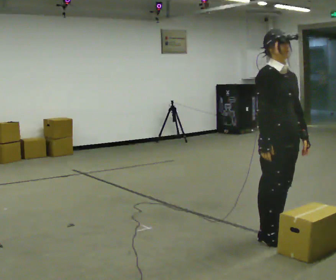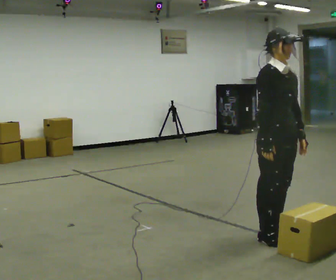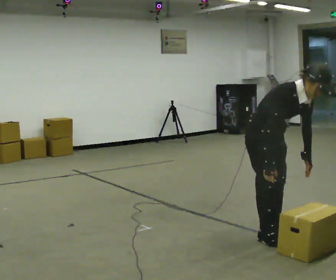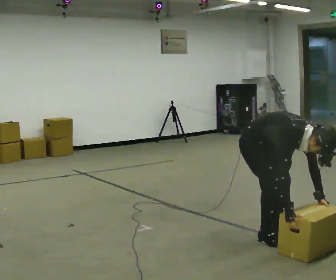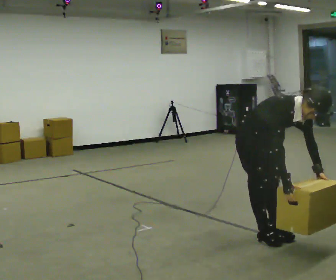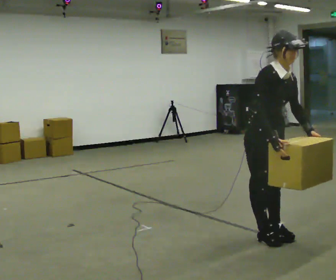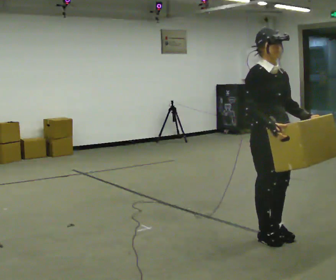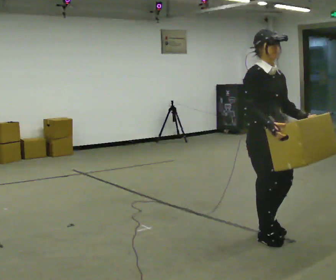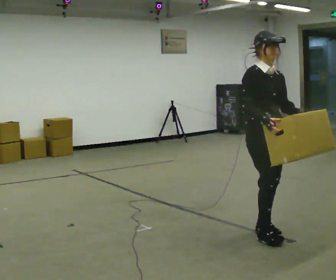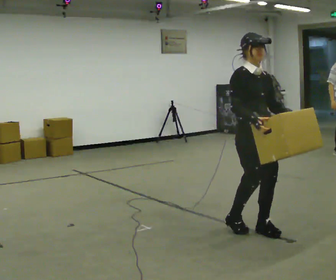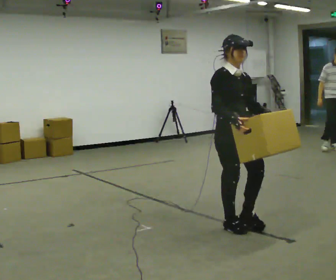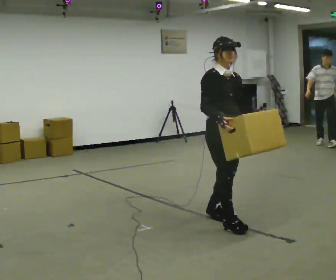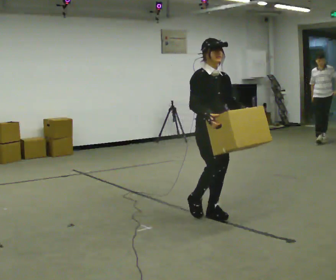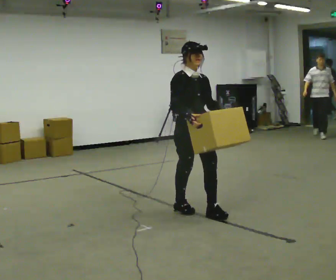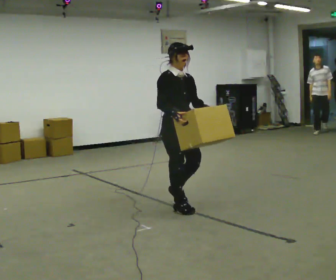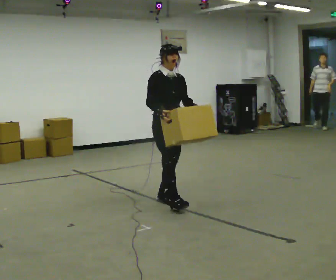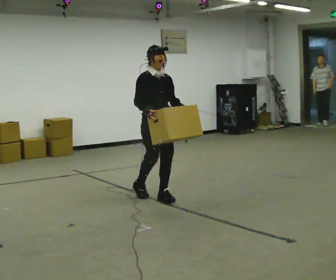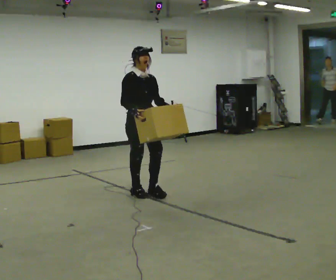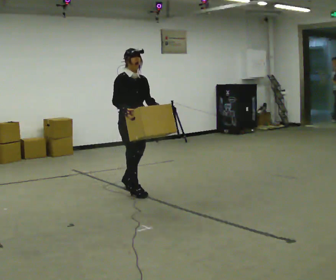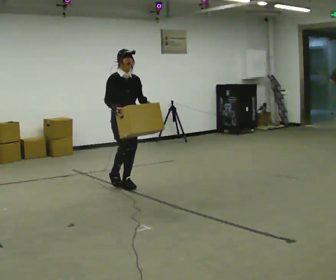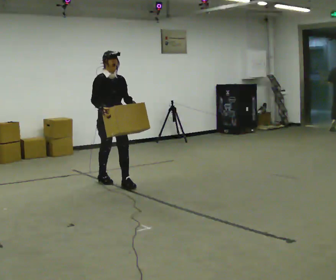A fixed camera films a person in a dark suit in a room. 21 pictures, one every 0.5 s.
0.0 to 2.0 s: In the picture they go to the left, about 0.25 m, which for them is backward.
2.0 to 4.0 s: The shoulders move upward. In the picture the upper body tilts counterclockwise, shoulders to the left, as they lean back or straighten. In the picture their left hand goes upward.
4.0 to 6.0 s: In the picture they go away from the camera and to the left, about 0.75 m in 3 steps, which for them is backward.
6.0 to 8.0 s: In the picture they go away from the camera and to the left, about 1 m in 2 steps, which for them is backward.
8.0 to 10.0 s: In the picture they go to the left and away from the camera, about 1 m in 2 steps, which for them is backward.
The film runs backward here.
